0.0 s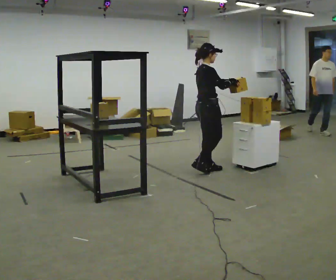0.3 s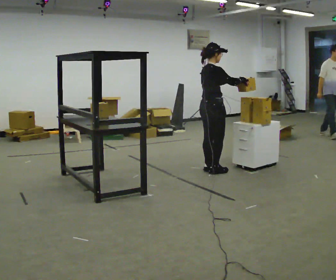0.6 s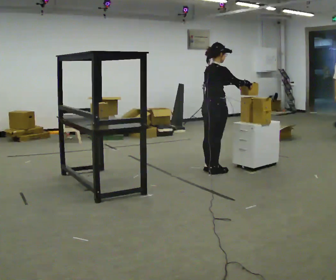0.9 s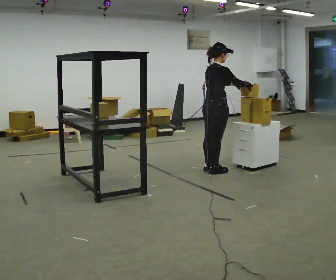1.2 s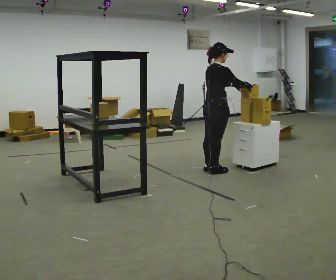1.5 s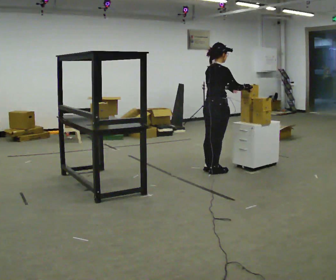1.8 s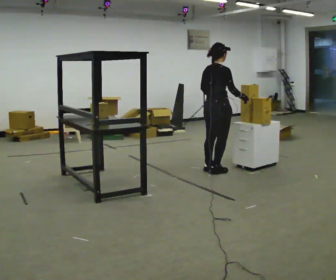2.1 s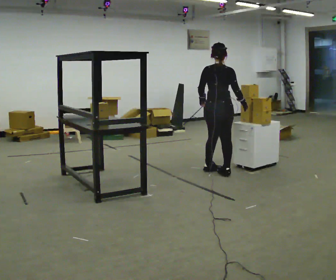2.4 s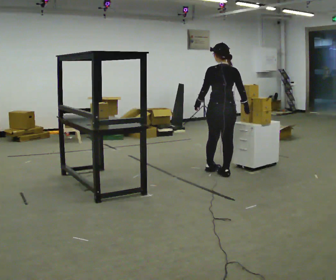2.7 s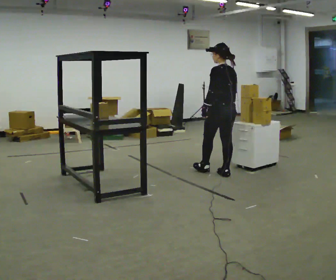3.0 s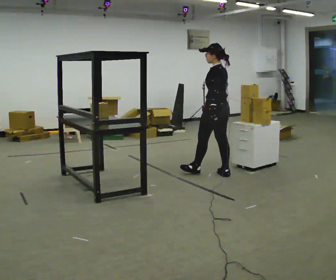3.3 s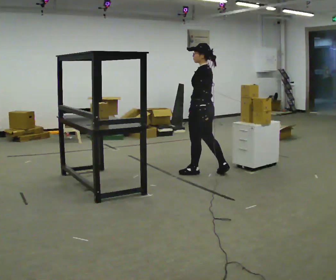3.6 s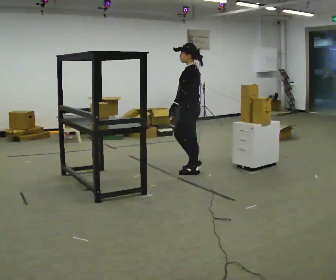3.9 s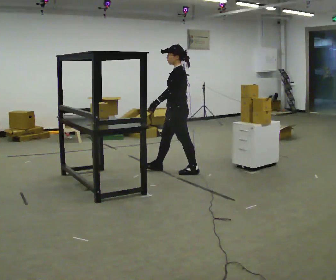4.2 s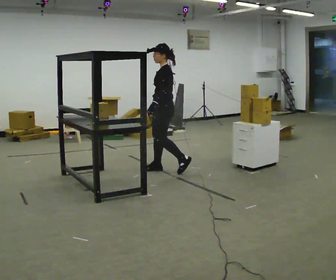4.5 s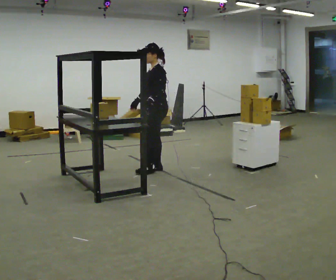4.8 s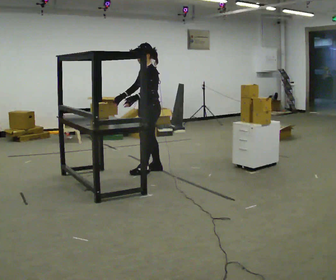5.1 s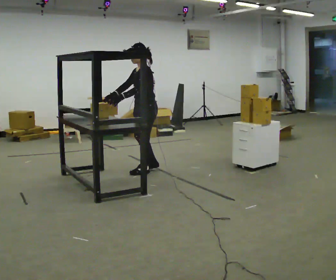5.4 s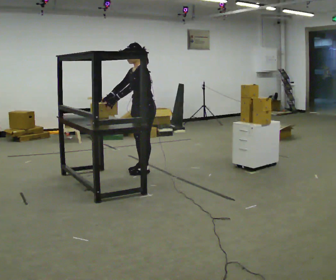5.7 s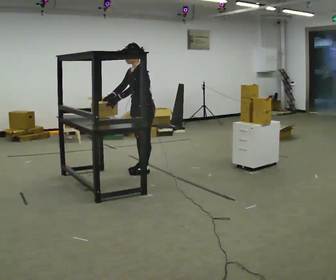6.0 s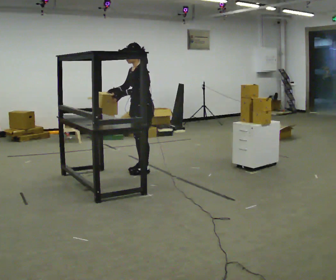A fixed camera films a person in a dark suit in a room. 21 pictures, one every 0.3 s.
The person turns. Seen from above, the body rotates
counterclockwise.
The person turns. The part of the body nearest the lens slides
to the right.
0.0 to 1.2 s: The person moves a little, or ends about where they began.
1.2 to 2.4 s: The person turns about 60 degrees to their left, counterclockwise seen from above, so the part of the body nearest the lens slides to the right. In the picture their left hand goes to the left.
2.4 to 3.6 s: The part of the body nearest the lens slides to the right as the person turns to their left by about 75 degrees. In the picture they go to the left, about 0.5 m.
3.6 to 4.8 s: The person turns about 30 degrees to their left, counterclockwise seen from above, so the part of the body nearest the lens slides to the right. In the picture they go to the left, about 0.5 m in 2 steps, which for them is forward.
4.8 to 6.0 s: The person moves a little, or ends about where they began.
The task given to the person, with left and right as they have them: 1. Move all 12 boxes from the shelf at one end of the room to the shelf at the other end. 2. The cart is not available today, so carry them. 3. Tell the operator when you are finished.
The film runs forward here.
